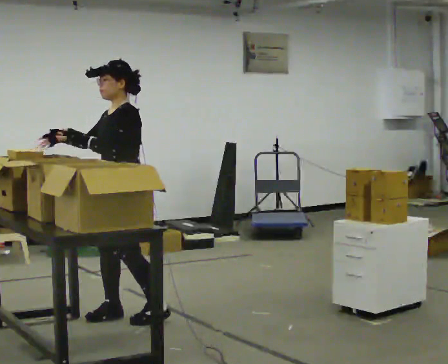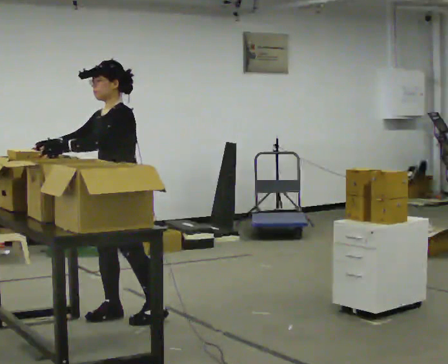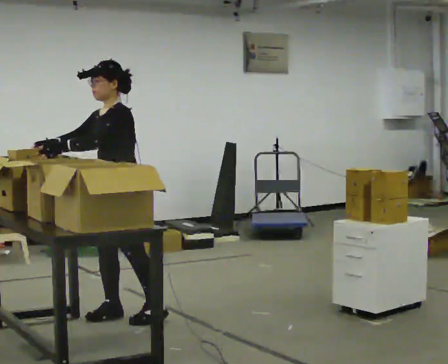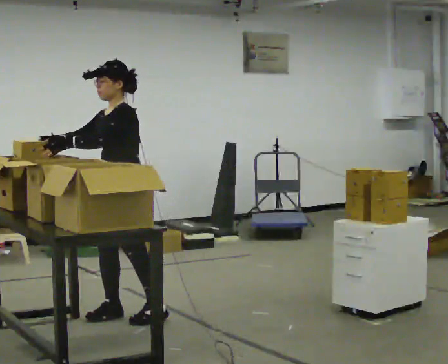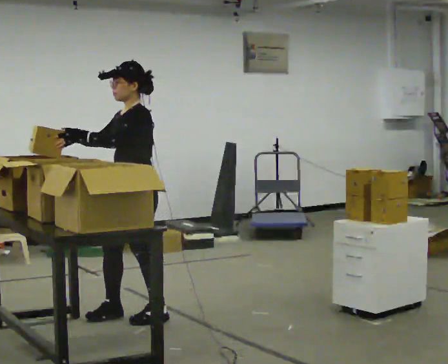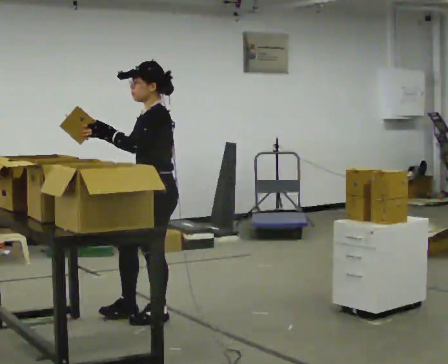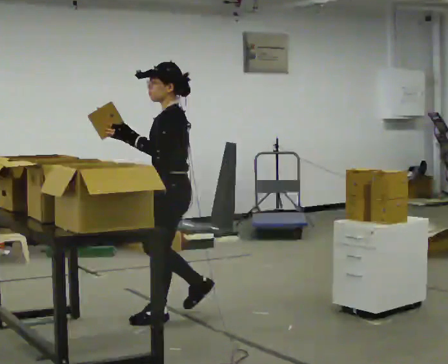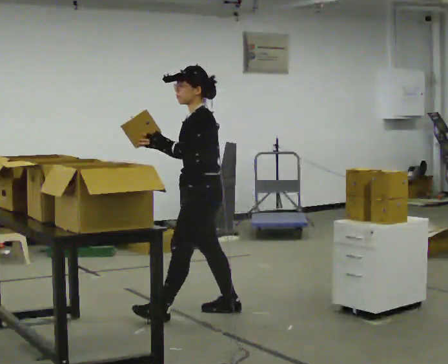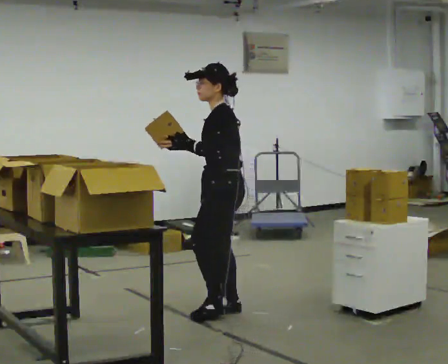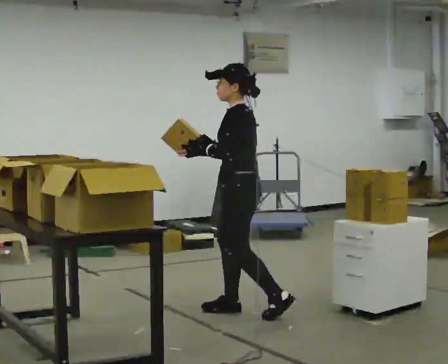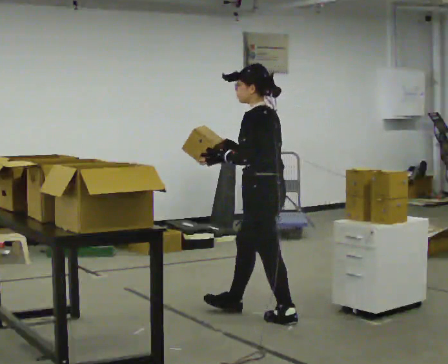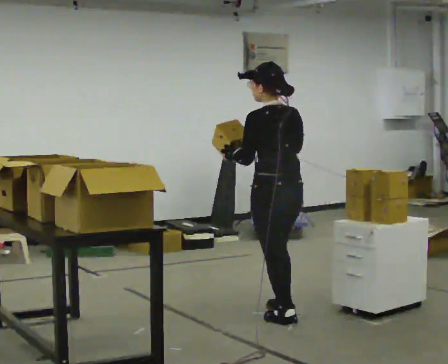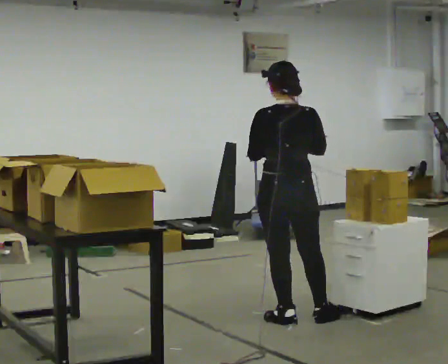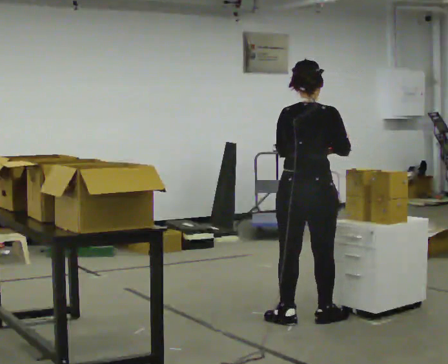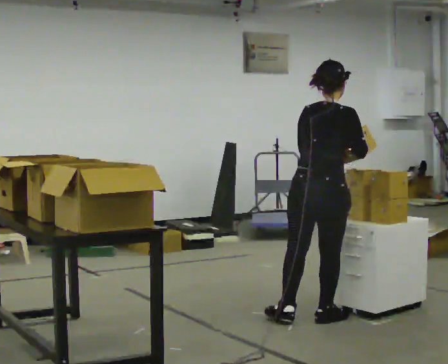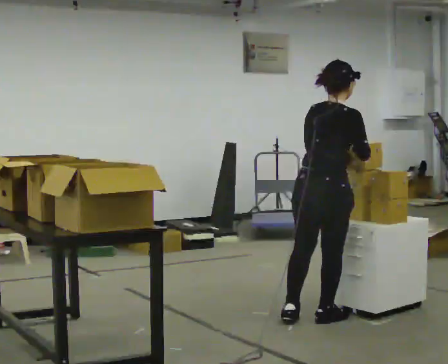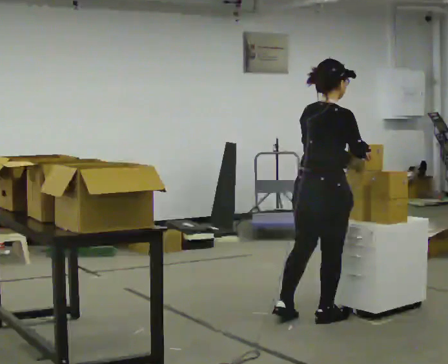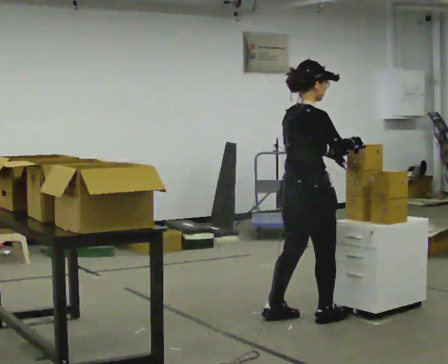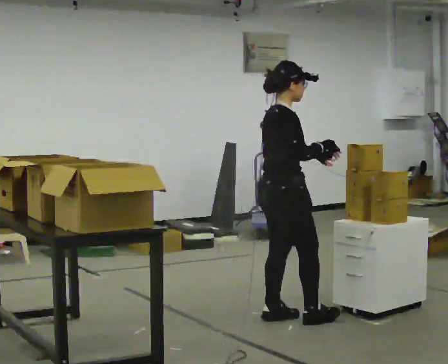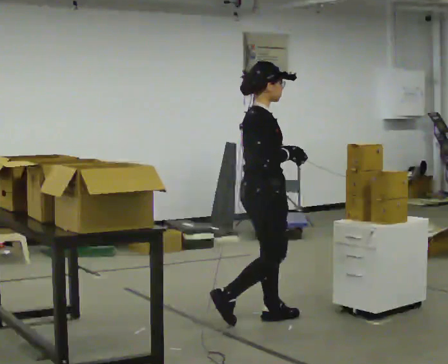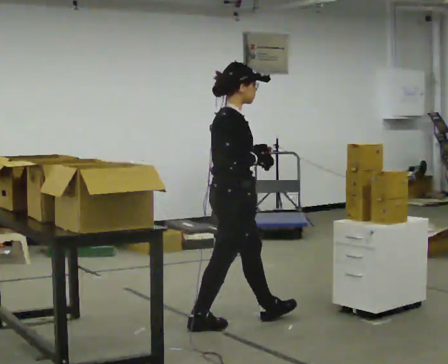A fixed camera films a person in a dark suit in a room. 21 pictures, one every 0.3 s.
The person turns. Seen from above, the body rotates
clockwise.
The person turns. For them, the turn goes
to their right.
0.0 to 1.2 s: The person moves a little, or ends about where they began.
1.2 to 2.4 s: In the picture they go to the right and away from the camera, about 0.5 m in 2 steps, which for them is backward.
2.4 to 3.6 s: The person turns about 90 degrees to their right, clockwise seen from above, so the part of the body nearest the lens slides to the left. In the picture they go to the right and toward the camera, about 0.5 m in 1 step.
3.6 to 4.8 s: The person turns about 45 degrees to their right, clockwise seen from above, so the part of the body nearest the lens slides to the left. In the picture they go to the right, about 0.25 m in 1 step, which for them is to their right. In the picture their left hand goes to the right.
4.8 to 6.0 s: The part of the body nearest the lens slides to the left as the person turns to their right by about 30 degrees. In the picture they go to the left, about 0.5 m in 1 step, which for them is backward.
The film runs backward here.
